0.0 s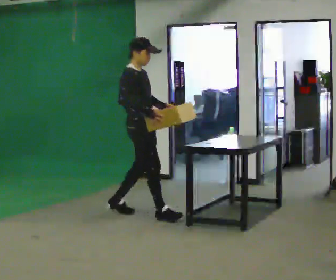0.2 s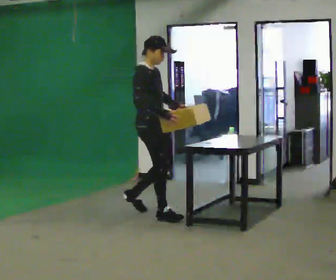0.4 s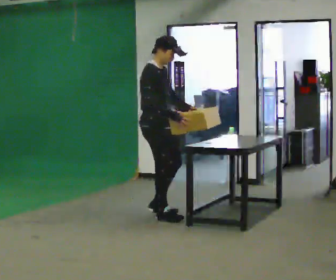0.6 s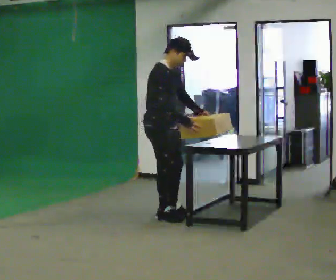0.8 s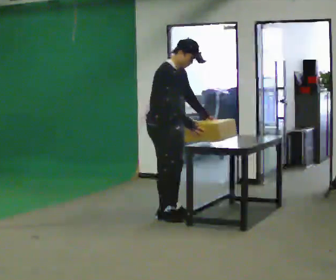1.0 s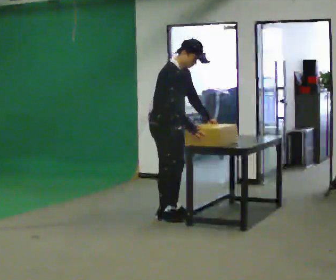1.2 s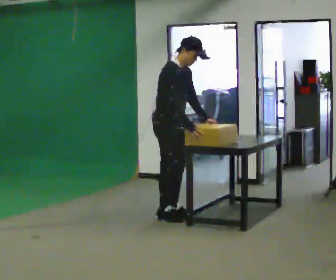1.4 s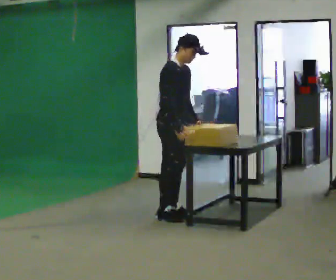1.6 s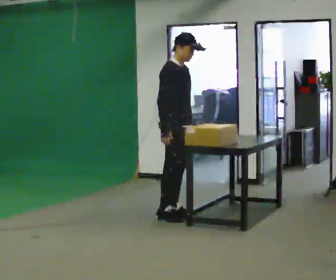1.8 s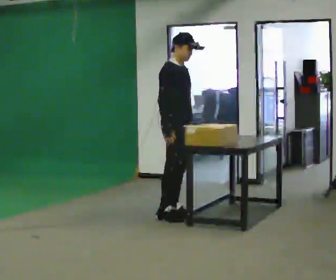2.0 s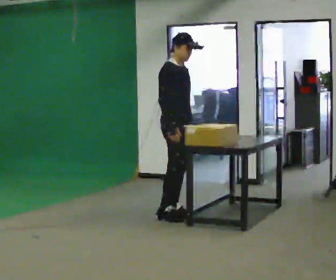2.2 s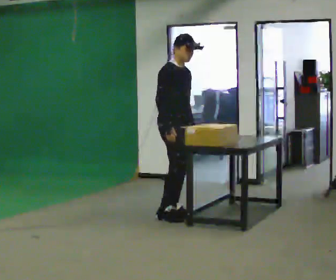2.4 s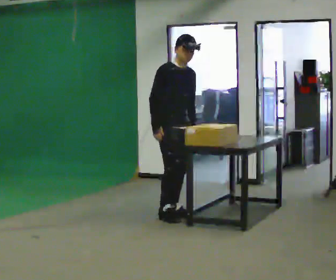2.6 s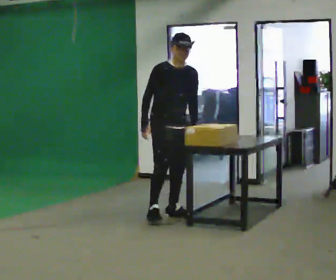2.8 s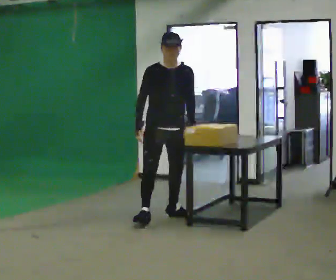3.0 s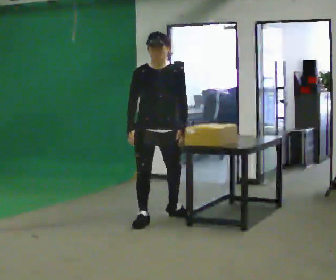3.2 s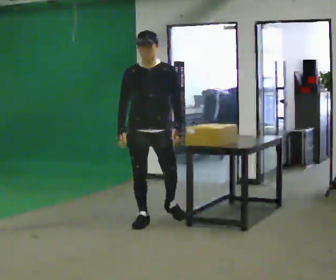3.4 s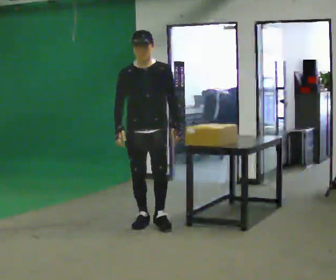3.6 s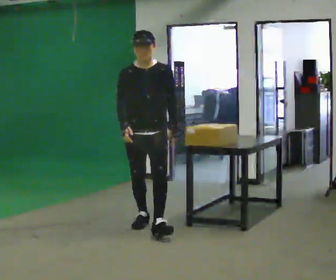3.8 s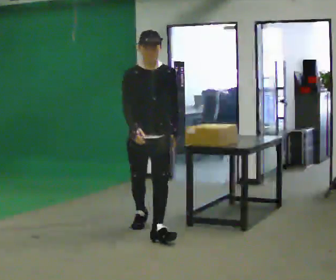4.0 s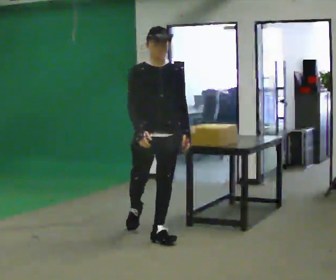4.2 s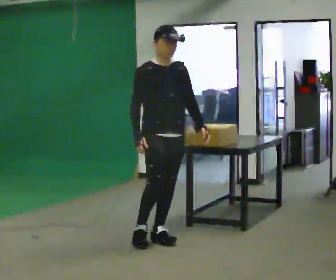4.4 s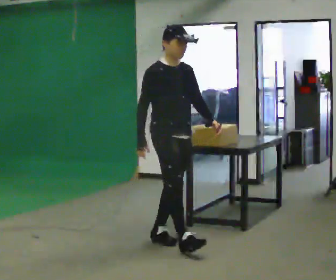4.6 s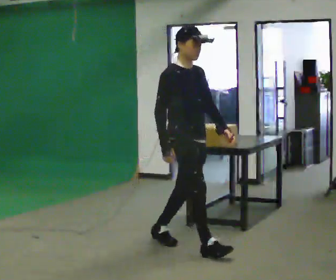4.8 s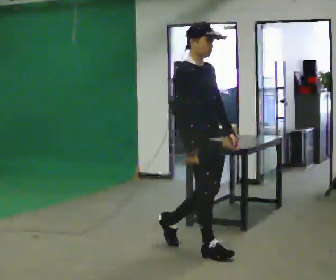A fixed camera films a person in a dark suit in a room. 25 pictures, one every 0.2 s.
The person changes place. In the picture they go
toward the camera.
0.0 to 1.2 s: In the picture they go to the right, about 0.25 m in 1 step, which for them is forward.
1.2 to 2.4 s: The person moves a little, or ends about where they began.
2.4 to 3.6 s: The part of the body nearest the lens slides to the left as the person turns to their right by about 45 degrees. In the picture they go toward the camera, about 0.5 m in 1 step, which for them is forward and to their right.
3.6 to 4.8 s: The person turns about 60 degrees to their left, counterclockwise seen from above, so the part of the body nearest the lens slides to the right. In the picture they go toward the camera and to the right, about 1 m in 2 steps, which for them is forward.
The film runs forward here.
